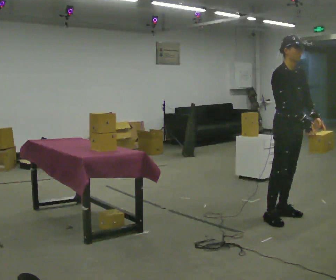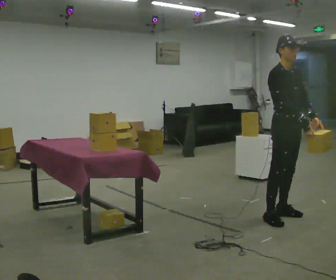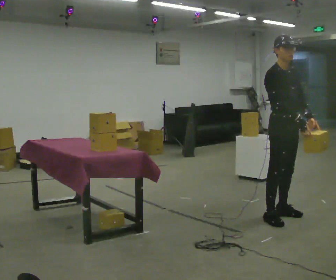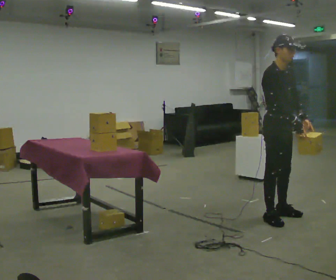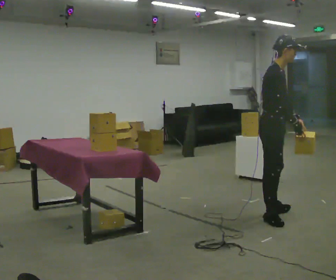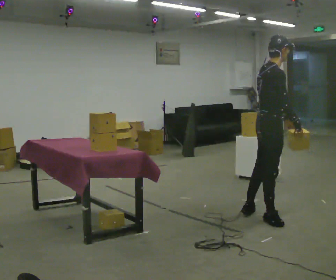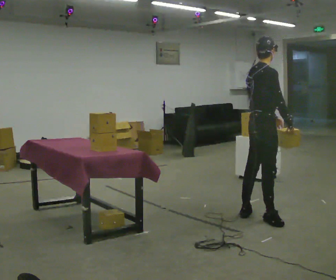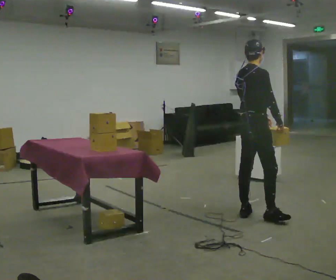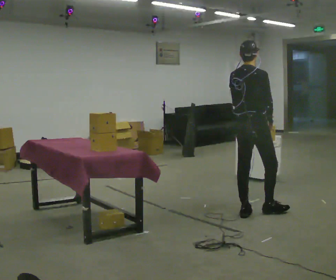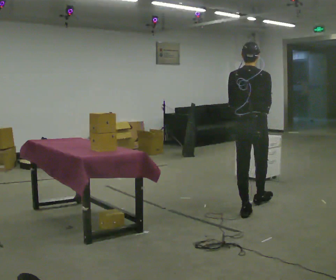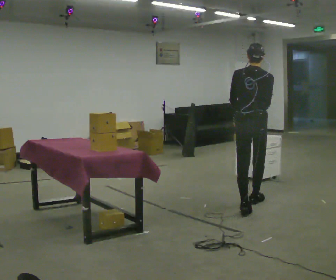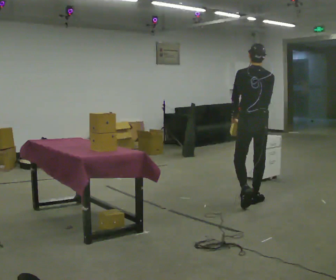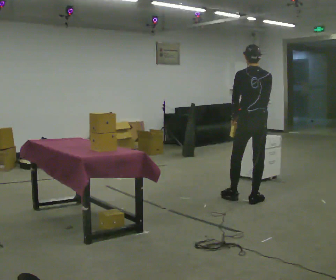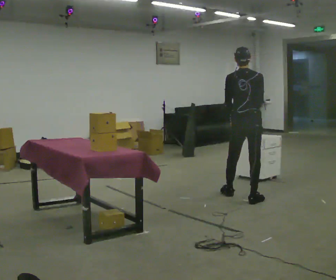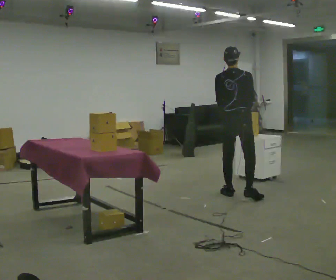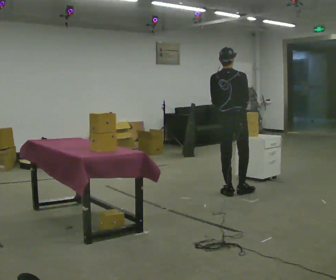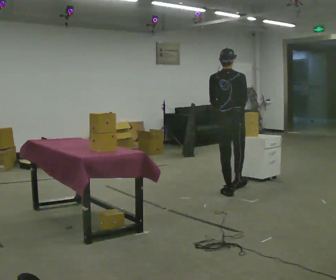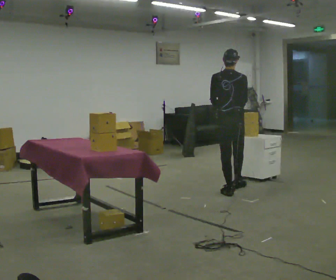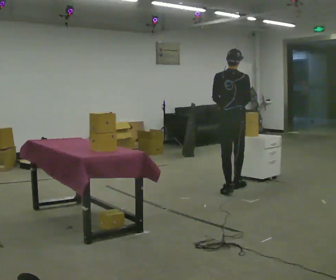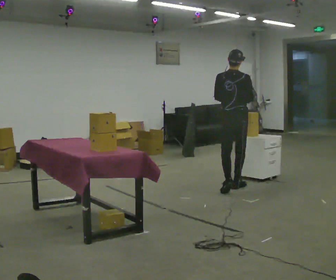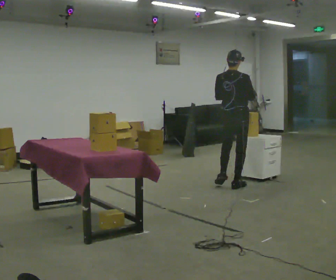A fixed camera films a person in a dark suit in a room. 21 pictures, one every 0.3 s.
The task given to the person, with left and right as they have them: 1. The operator will tell you the shelf is already sorted and just needs moving to the table. 2. Do what you think is right. 3. Tell the operator when you are finished.
0.0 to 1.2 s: The person turns about 45 degrees to their left, counterclockwise seen from above, so the part of the body nearest the lens slides to the right. In the picture they go to the left, about 0.25 m, which for them is to their right.
1.2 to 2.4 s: The person turns about 60 degrees to their left, counterclockwise seen from above, so the part of the body nearest the lens slides to the right. In the picture they go away from the camera and to the left, about 0.25 m in 1 step, which for them is to their left.
2.4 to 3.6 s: The person turns about 45 degrees to their left, counterclockwise seen from above, so the part of the body nearest the lens slides to the right. In the picture they go away from the camera, about 0.5 m in 1 step, which for them is forward.
3.6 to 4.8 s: In the picture they go away from the camera and to the left, about 0.5 m in 2 steps, which for them is forward and to their left.
4.8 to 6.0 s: In the picture they go away from the camera, about 0.25 m, which for them is forward.
The film runs forward here.
